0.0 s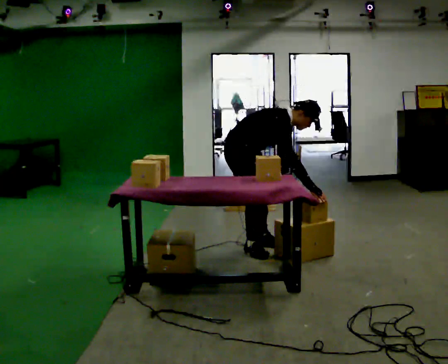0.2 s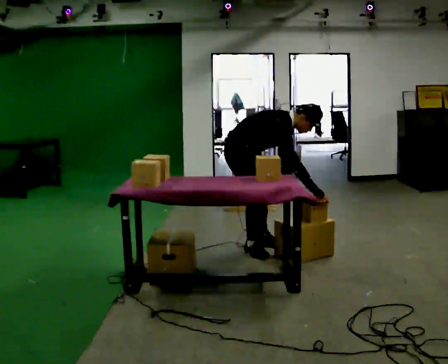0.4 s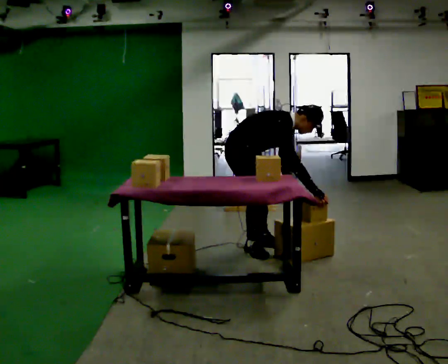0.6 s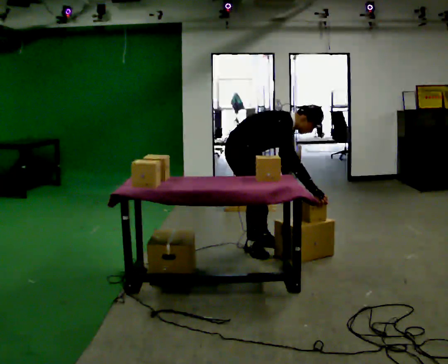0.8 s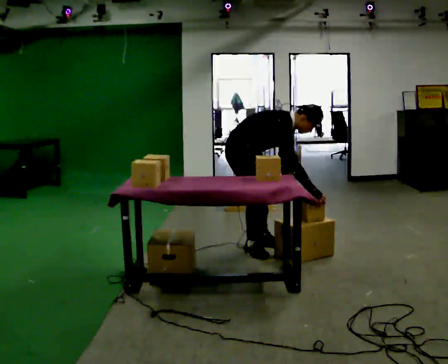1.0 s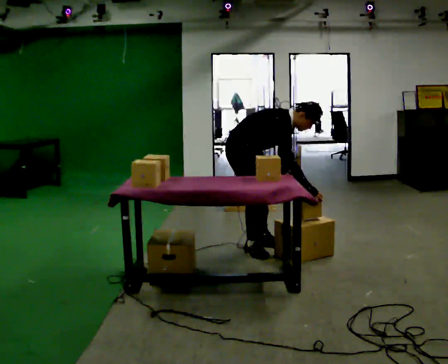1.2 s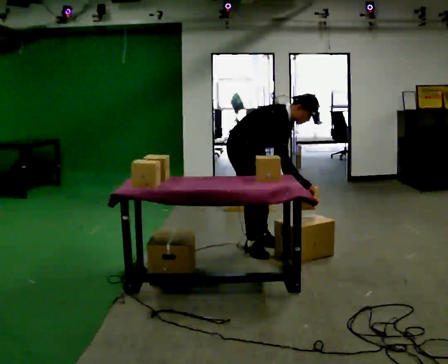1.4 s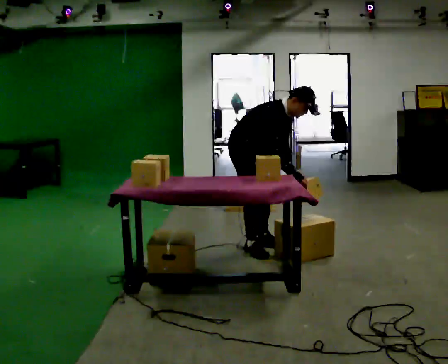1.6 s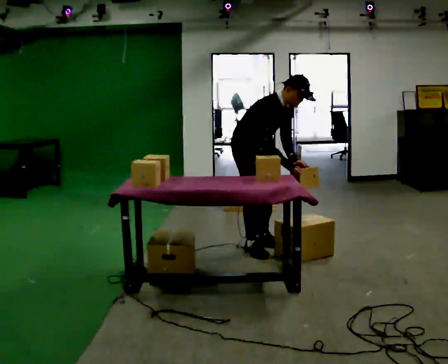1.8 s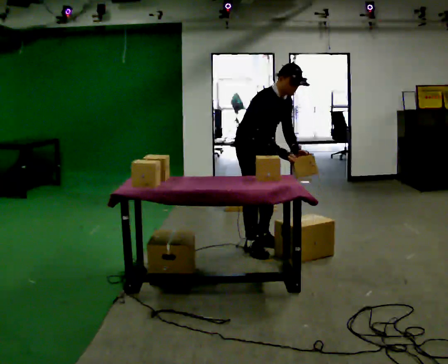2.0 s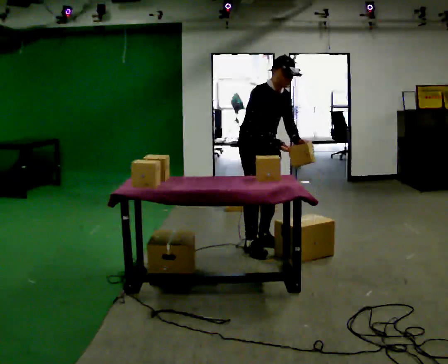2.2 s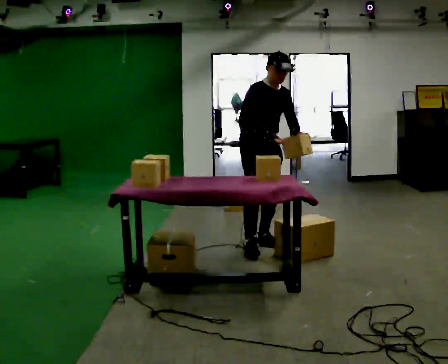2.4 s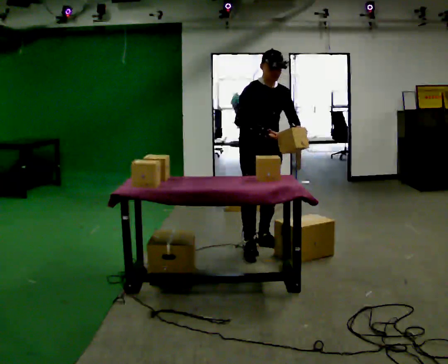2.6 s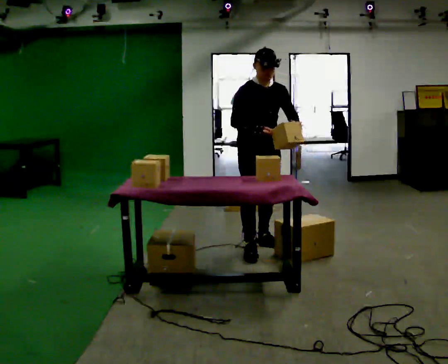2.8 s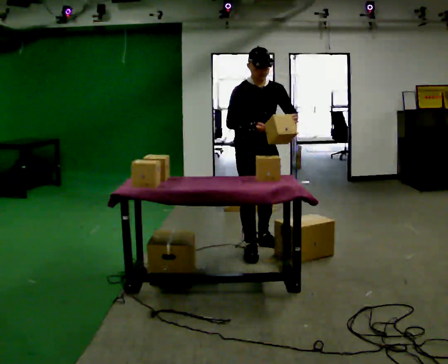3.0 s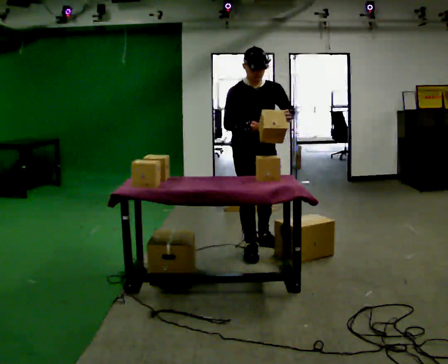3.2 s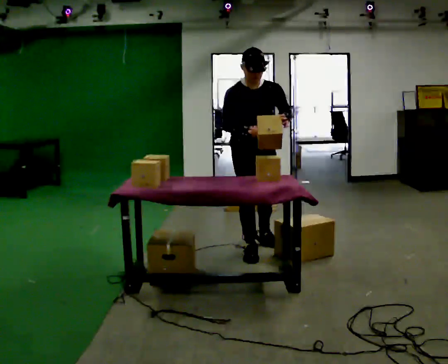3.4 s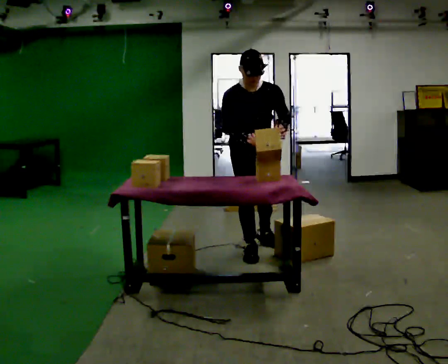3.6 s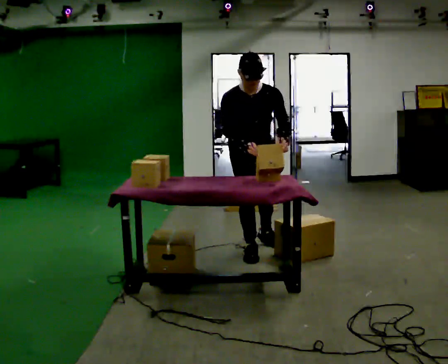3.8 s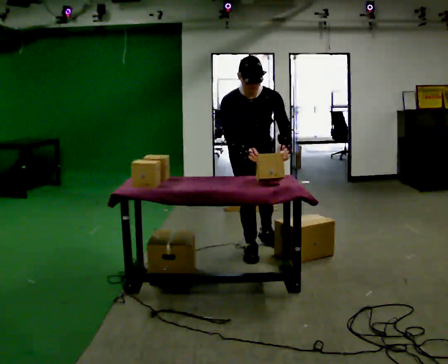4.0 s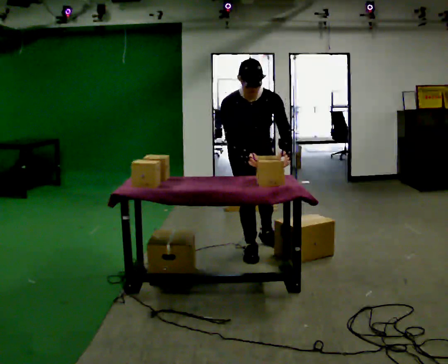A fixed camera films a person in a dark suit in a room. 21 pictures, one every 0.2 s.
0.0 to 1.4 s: In the picture the upper body tilts counterclockwise, shoulders to the left, as they lean back or straighten.
1.4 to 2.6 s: The person turns about 30 degrees to their right, clockwise seen from above, so the part of the body nearest the lens slides to the left. The shoulders move upward. In the picture the upper body tilts counterclockwise, shoulders to the left, as they lean back or straighten. In the picture their left hand goes upward.
2.6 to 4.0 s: In the picture they go toward the camera, about 0.25 m, which for them is forward. The upper body tips toward the camera, its near side rolling downward, as they bend forward.
The film runs forward here.
